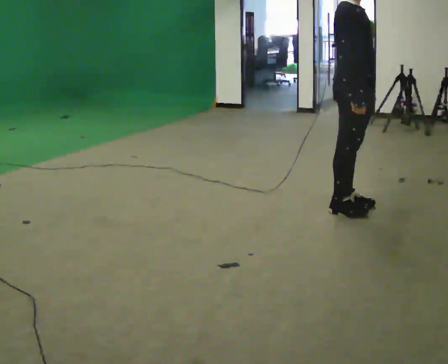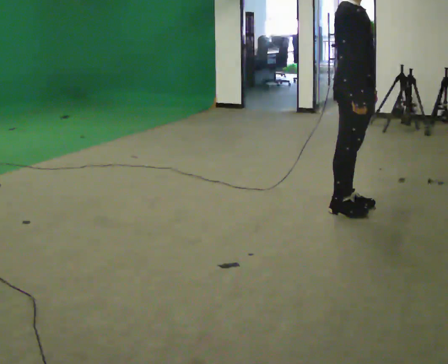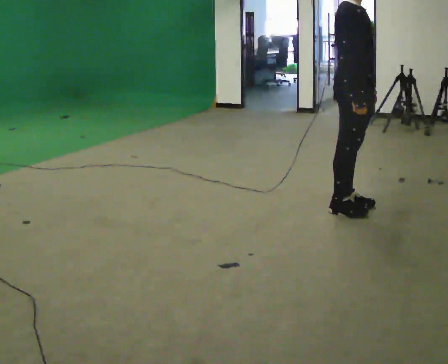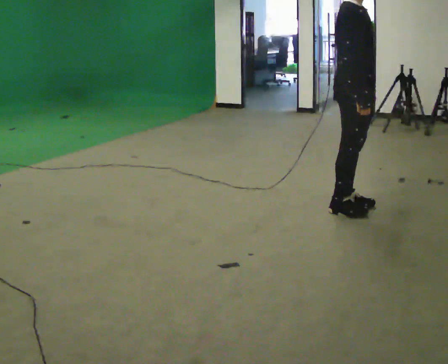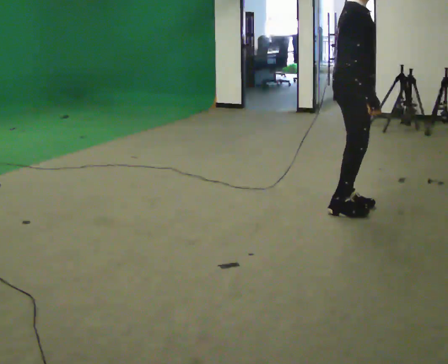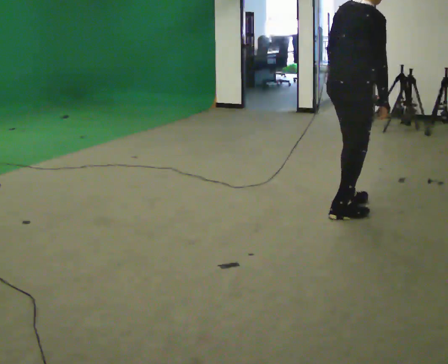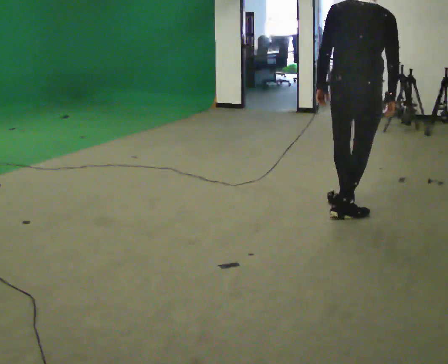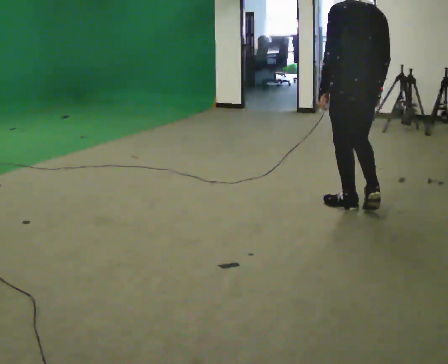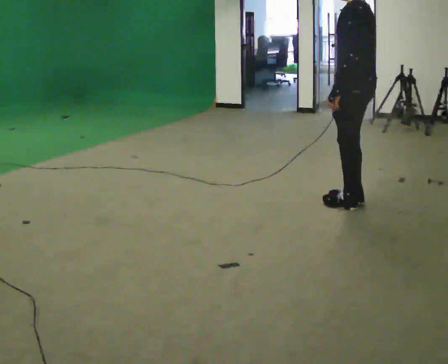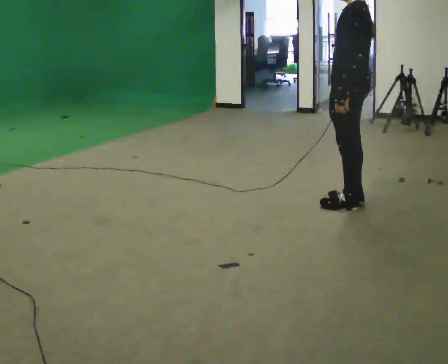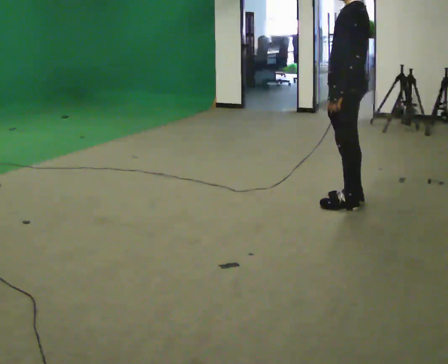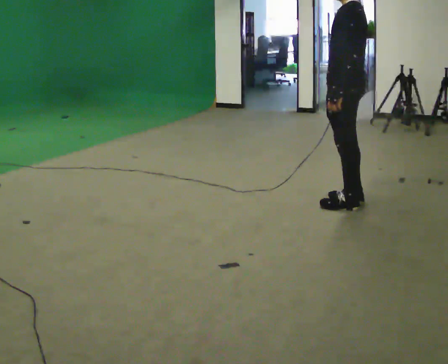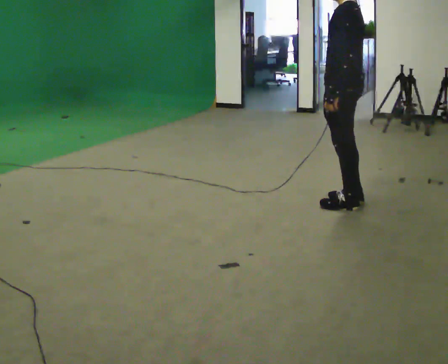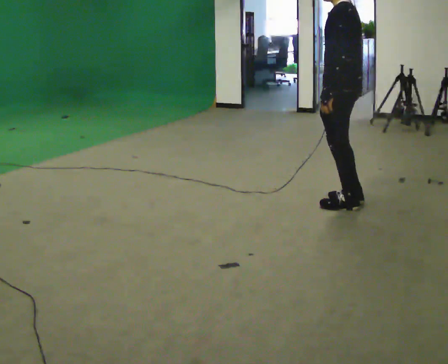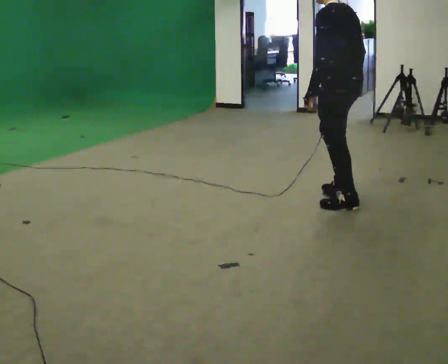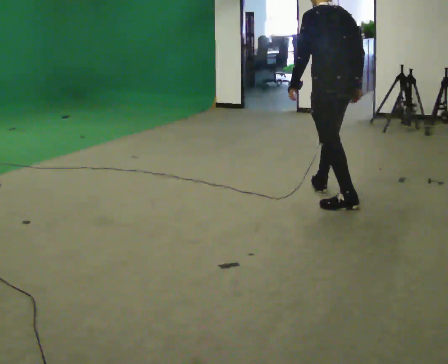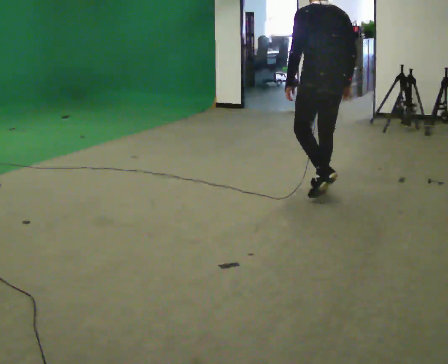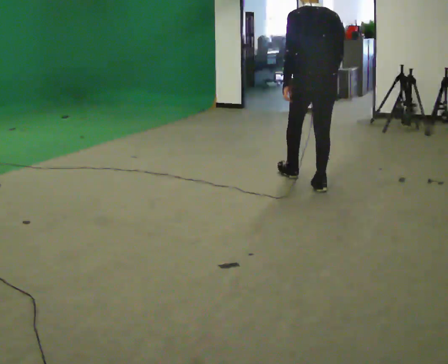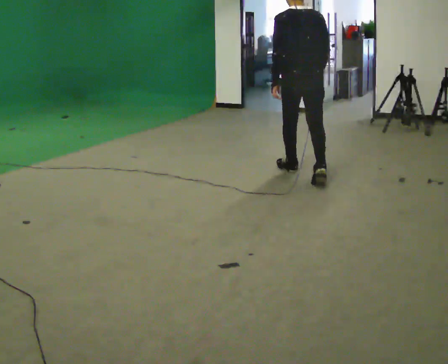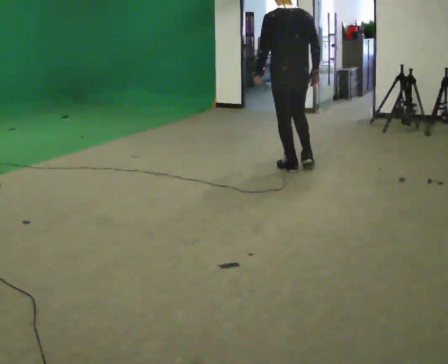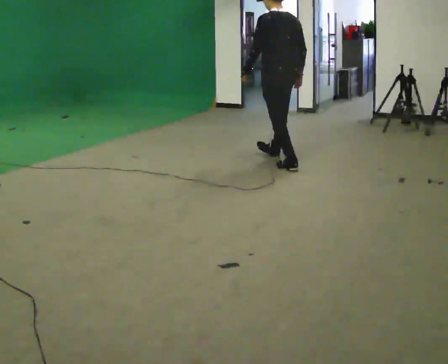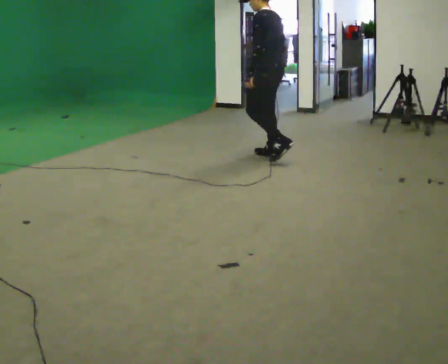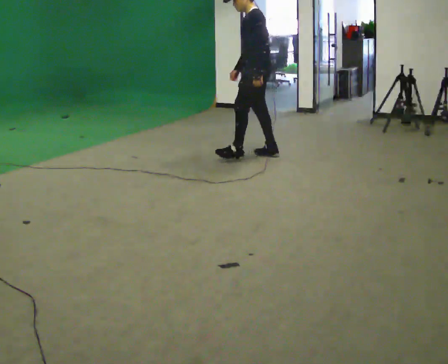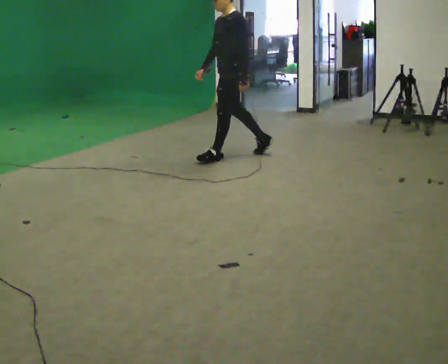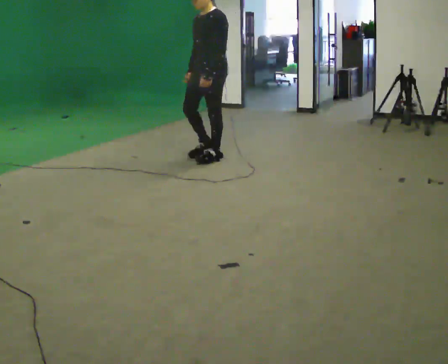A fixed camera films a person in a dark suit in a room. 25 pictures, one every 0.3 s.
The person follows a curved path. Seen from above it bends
counterclockwise.
0.0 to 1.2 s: The person moves a little, or ends about where they began.
1.2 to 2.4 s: The part of the body nearest the lens slides to the right as the person turns to their left by about 165 degrees.
2.4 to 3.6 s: The person moves a little, or ends about where they began.
3.6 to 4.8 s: The part of the body nearest the lens slides to the left as the person turns to their right by about 45 degrees. In the picture they go away from the camera and to the left, about 0.25 m in 1 step, which for them is forward and to their right.
4.8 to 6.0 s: In the picture they go away from the camera and to the left, about 1 m in 1 step, which for them is forward.
6.0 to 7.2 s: The part of the body nearest the lens slides to the right as the person turns to their left by about 90 degrees. In the picture they go to the left, about 0.75 m in 2 steps.
The film runs forward here.
